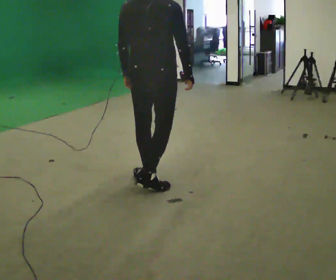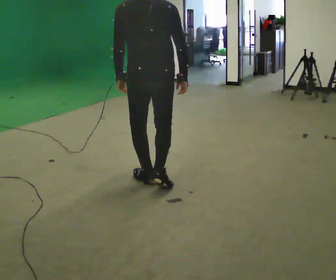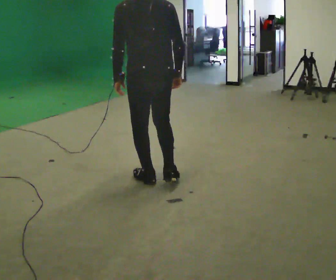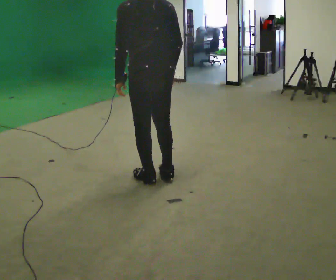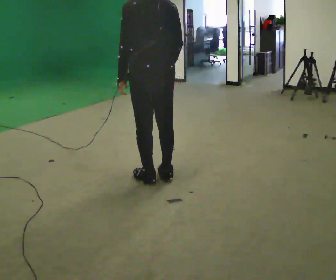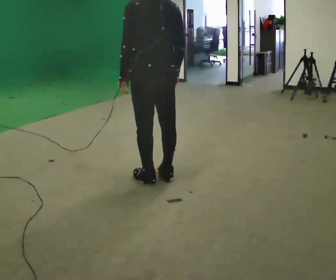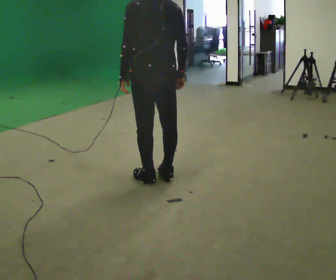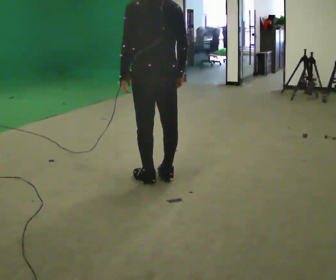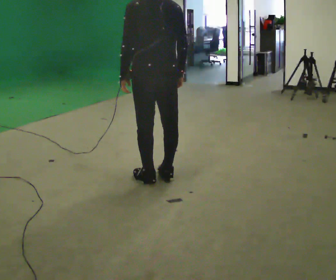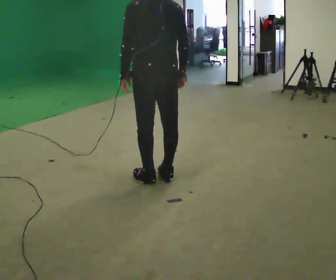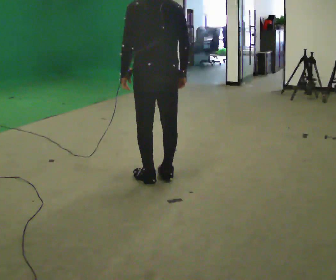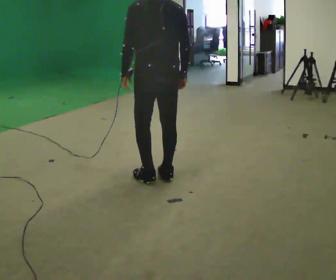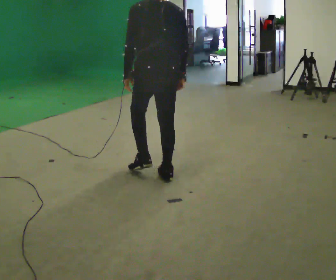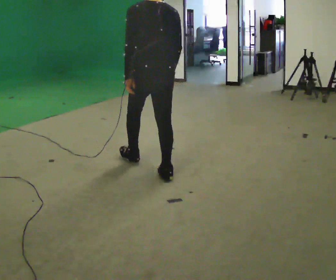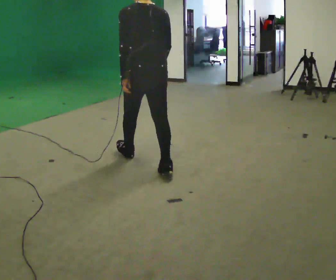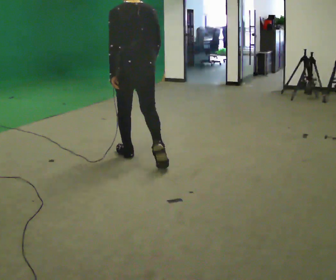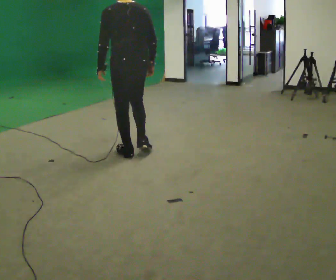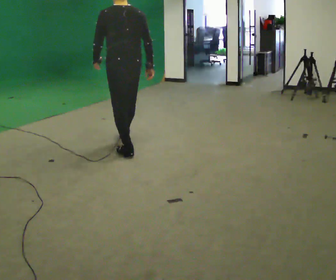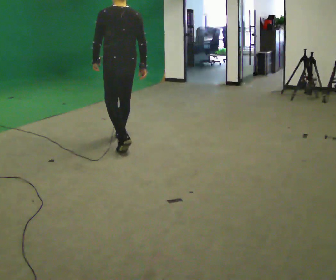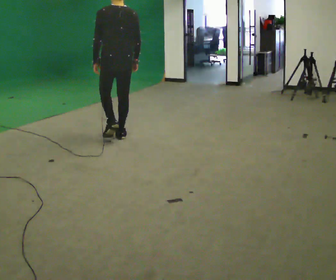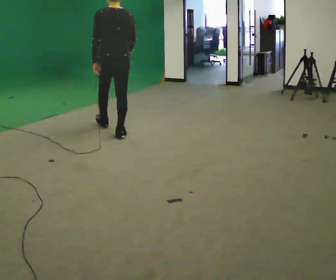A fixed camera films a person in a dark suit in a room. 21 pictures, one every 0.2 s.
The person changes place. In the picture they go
away from the camera.
0.0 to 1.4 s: The person turns about 30 degrees to their left, counterclockwise seen from above, so the part of the body nearest the lens slides to the right.
1.4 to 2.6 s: In the picture they go away from the camera, about 0.25 m, which for them is forward.
2.6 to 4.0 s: In the picture they go away from the camera and to the left, about 1.5 m in 2 steps, which for them is forward.
The film runs forward here.
